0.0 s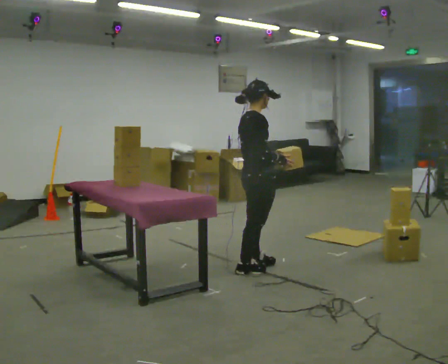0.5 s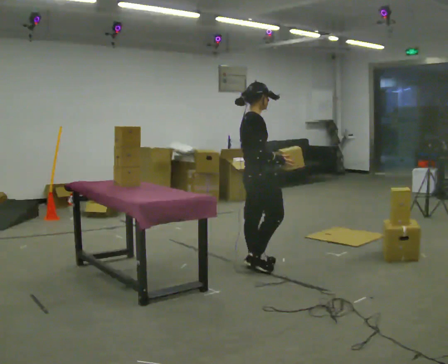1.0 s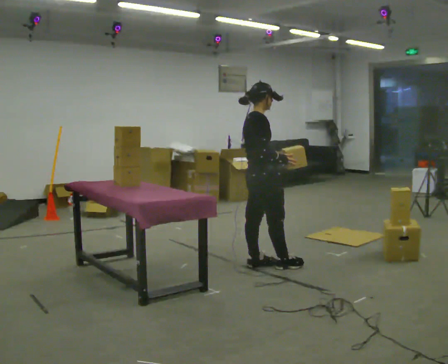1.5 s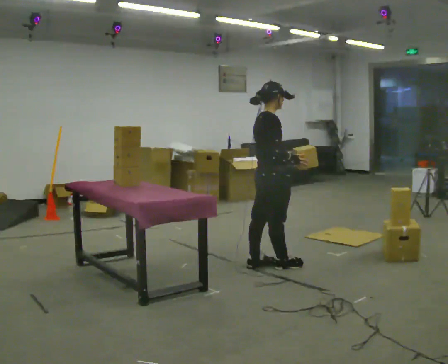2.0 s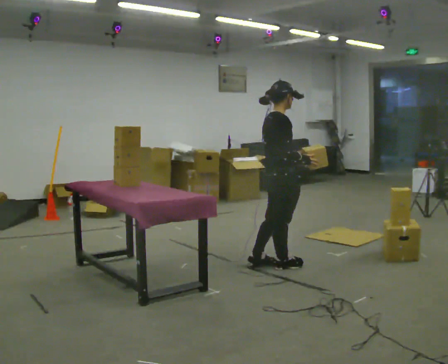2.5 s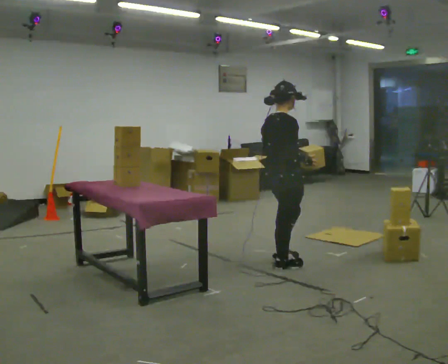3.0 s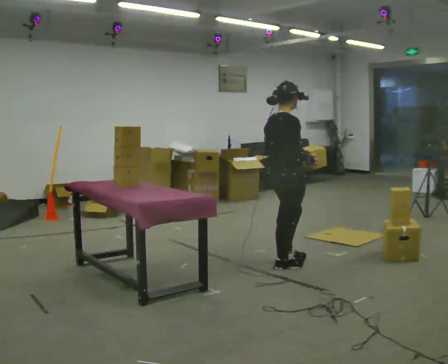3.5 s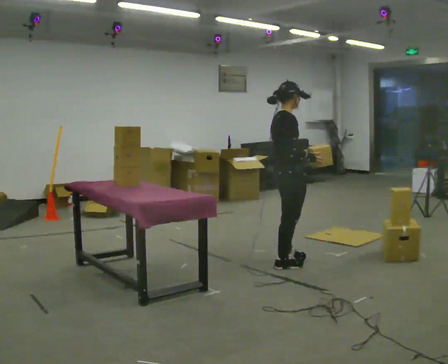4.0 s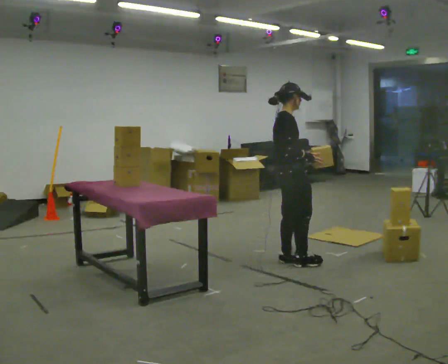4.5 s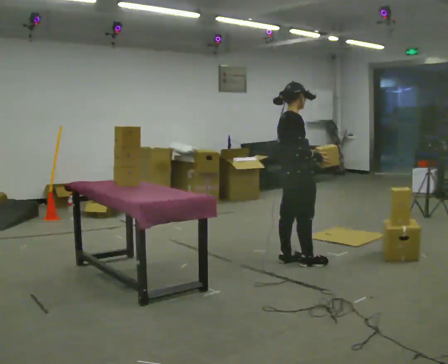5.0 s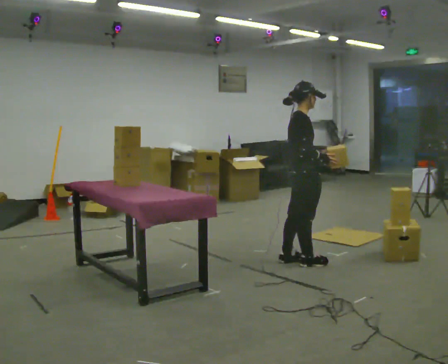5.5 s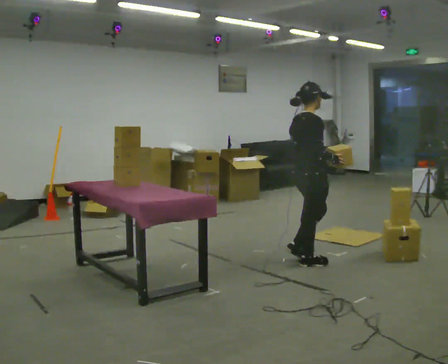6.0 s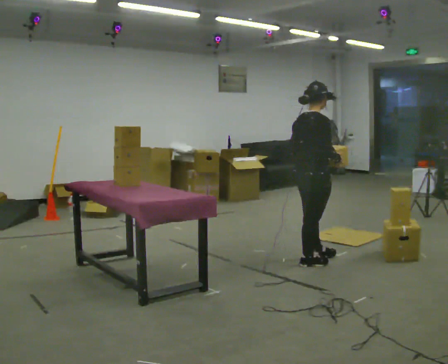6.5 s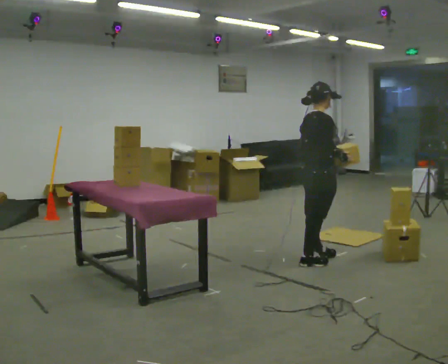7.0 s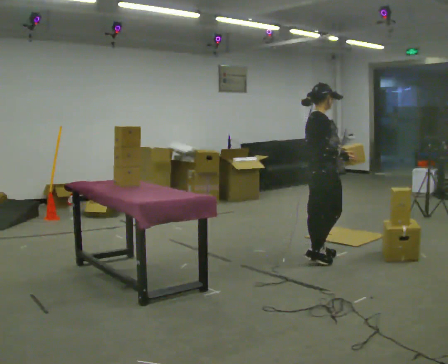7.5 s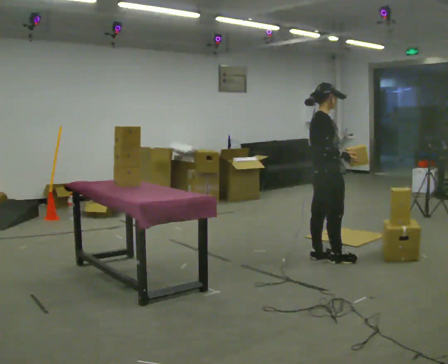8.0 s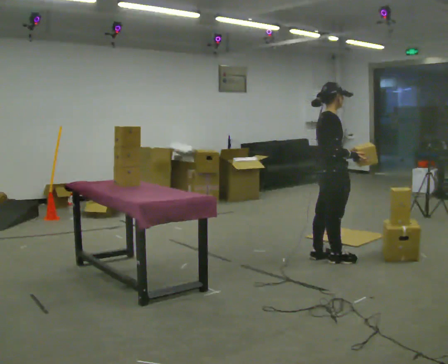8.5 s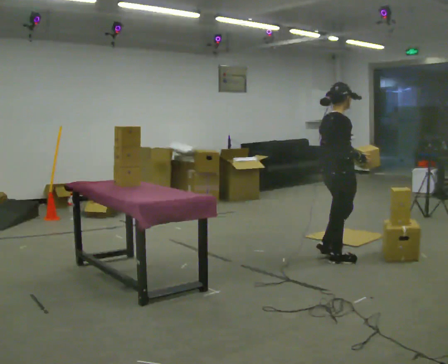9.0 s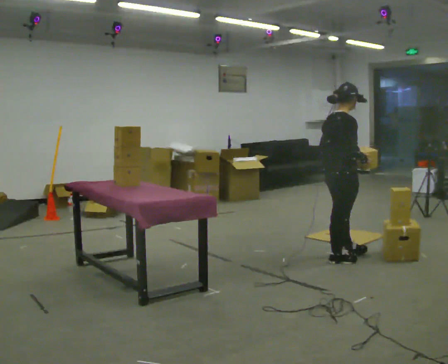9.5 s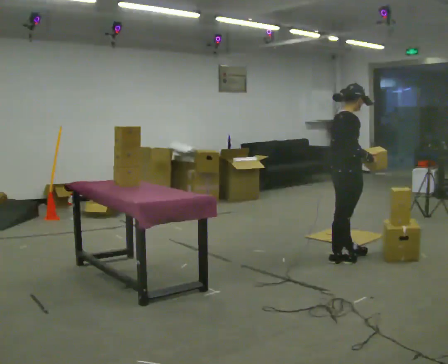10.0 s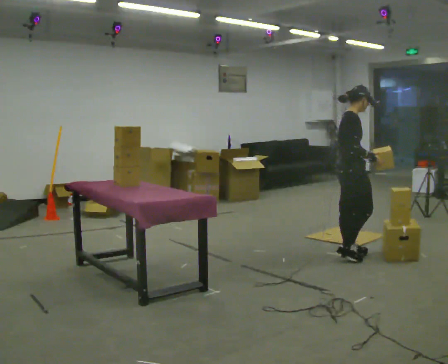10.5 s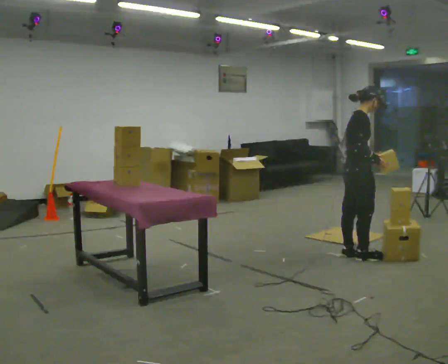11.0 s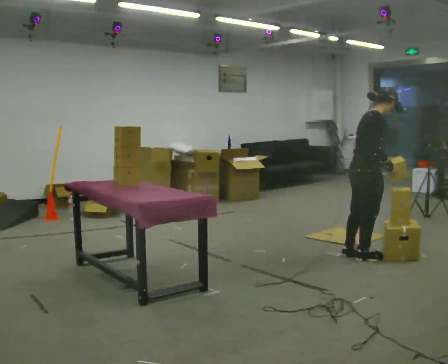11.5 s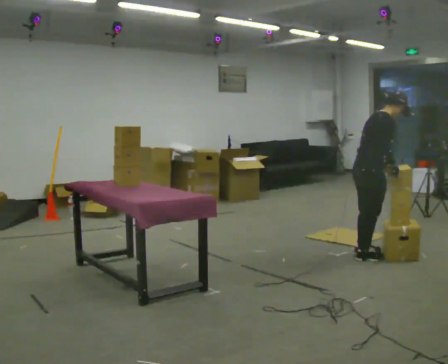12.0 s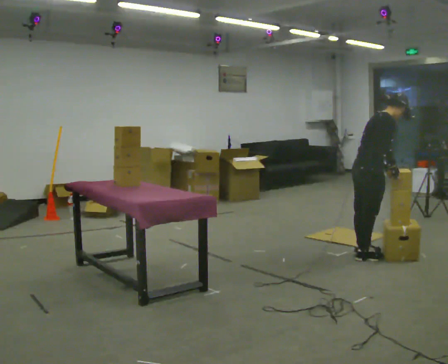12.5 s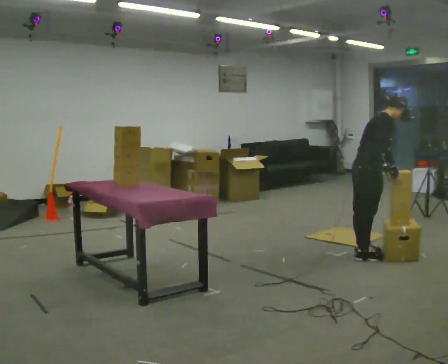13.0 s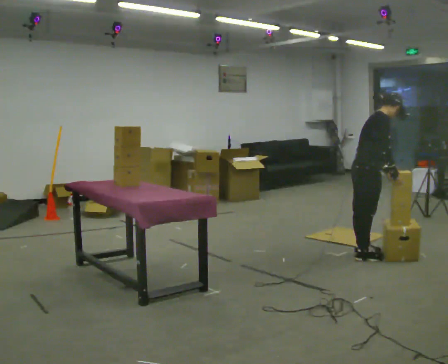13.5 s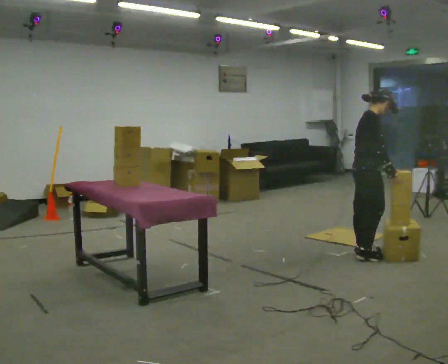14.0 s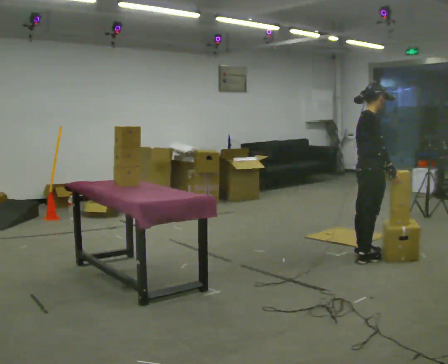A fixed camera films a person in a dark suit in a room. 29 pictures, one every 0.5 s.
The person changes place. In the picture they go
to the right.
0.0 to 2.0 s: In the picture they go to the right, about 0.25 m in 1 step, which for them is forward.
2.0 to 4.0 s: In the picture they go away from the camera, about 0.25 m in 1 step, which for them is forward and to their left.
4.0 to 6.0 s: In the picture they go to the right, about 0.25 m in 2 steps, which for them is forward.
6.0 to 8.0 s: Seen from above the body turns clockwise, about 30 degrees: to their right, with its near side sliding to the left. In the picture they go to the right, about 0.25 m in 1 step, which for them is forward. In the picture their left hand goes to the right.
8.0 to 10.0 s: In the picture they go to the right, about 0.25 m in 1 step, which for them is forward.
10.0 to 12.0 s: In the picture the upper body tilts clockwise, shoulders to the right, as they bend forward.
12.0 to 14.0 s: In the picture the upper body tilts counterclockwise, shoulders to the left, as they lean back or straighten.
The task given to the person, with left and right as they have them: Take each object from the table and put it in the bin that matches it, walking between the bins. Keep going until the operator says stop; one object at a time, and do not rush between trips.
The film runs forward here.
